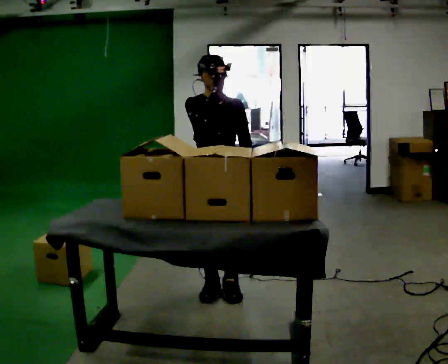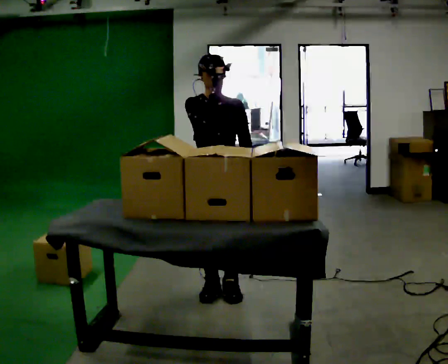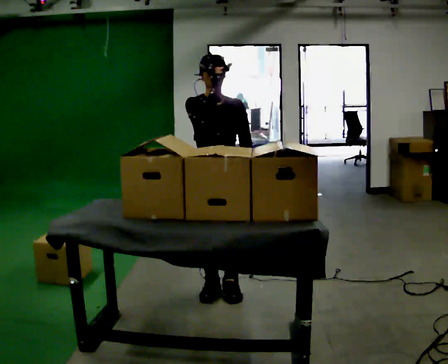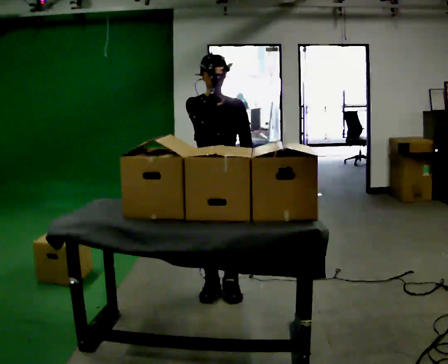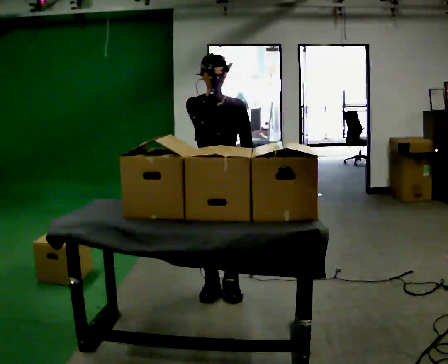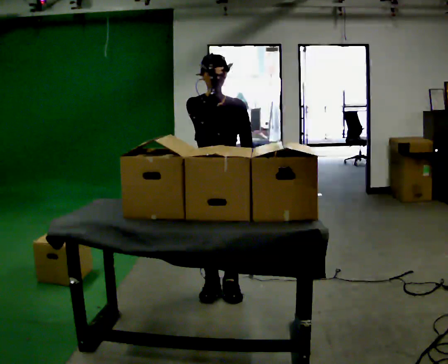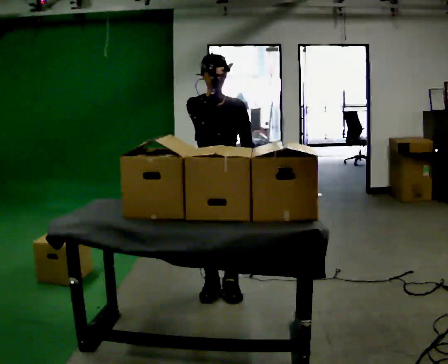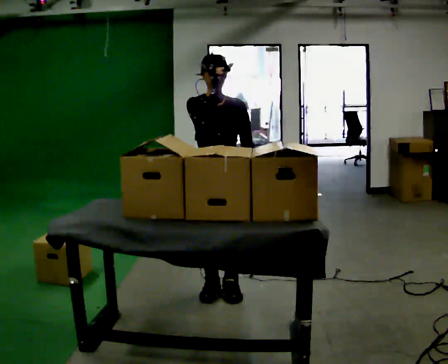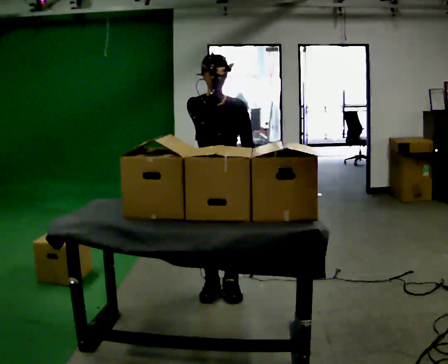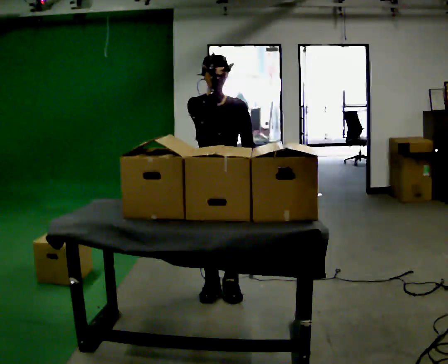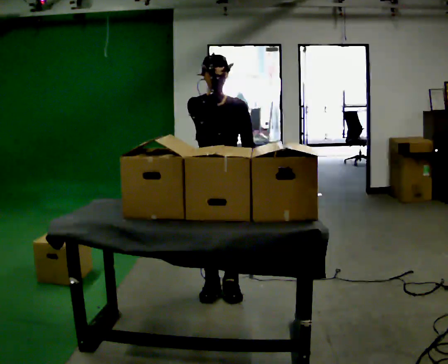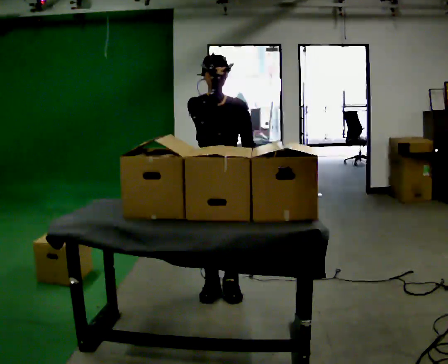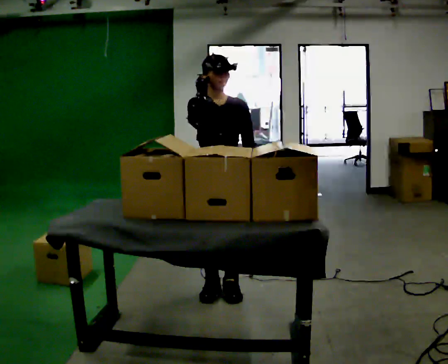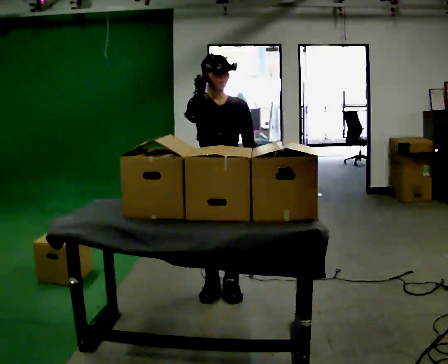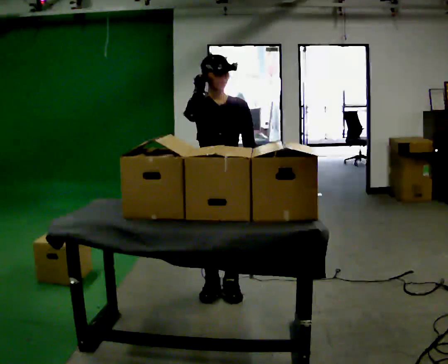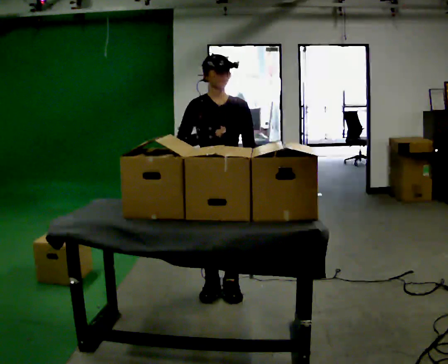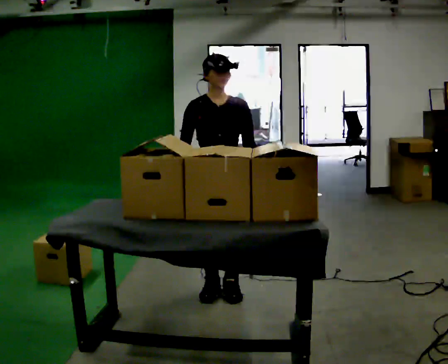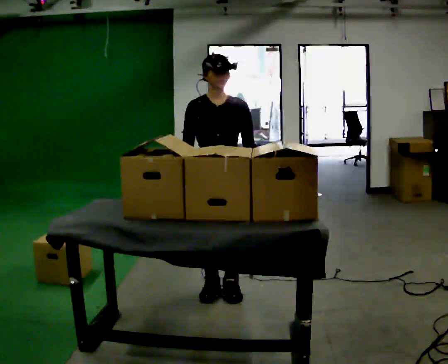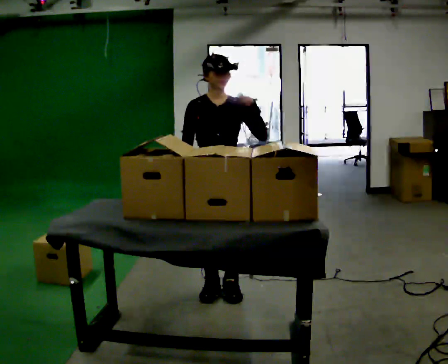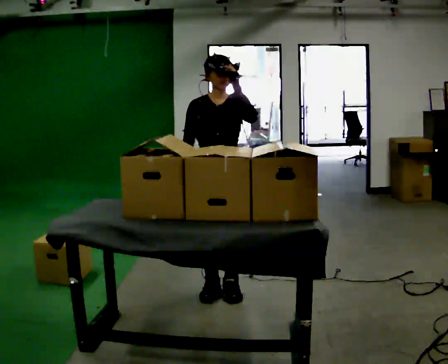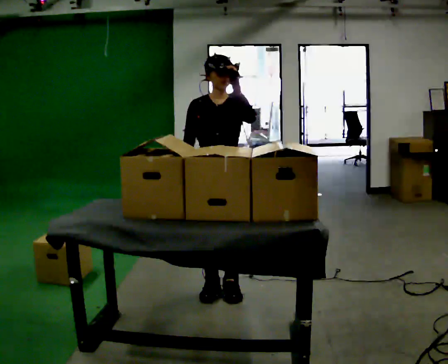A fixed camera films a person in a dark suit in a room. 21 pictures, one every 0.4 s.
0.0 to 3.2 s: The person keeps their place and pose.
3.2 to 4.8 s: The person moves a little, or ends about where they began.
4.8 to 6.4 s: In the picture their right hand goes downward.
6.4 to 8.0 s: In the picture their left hand goes upward.
The film runs forward here.
